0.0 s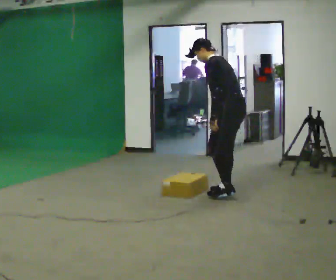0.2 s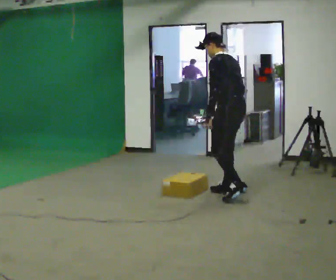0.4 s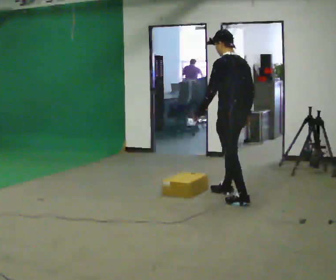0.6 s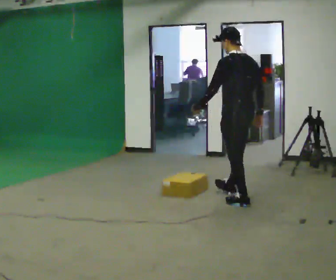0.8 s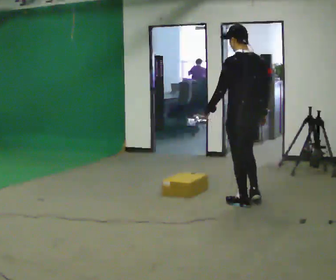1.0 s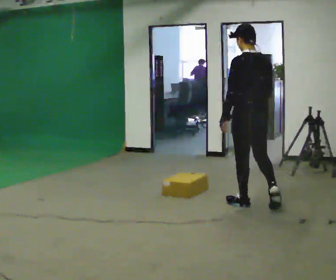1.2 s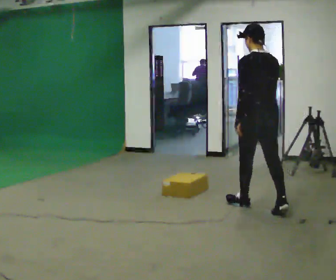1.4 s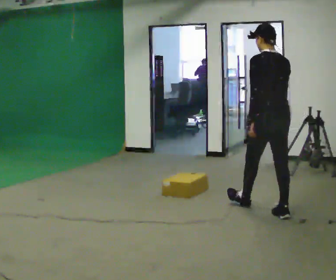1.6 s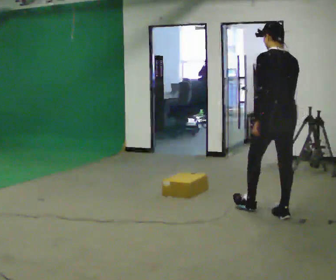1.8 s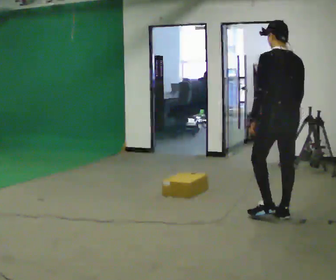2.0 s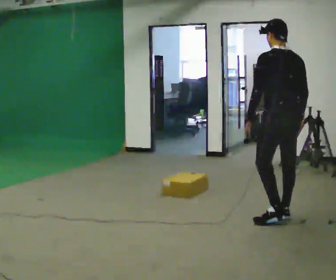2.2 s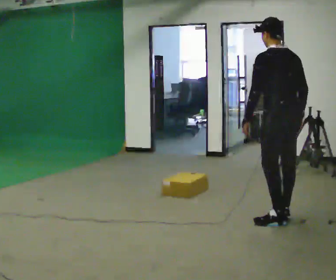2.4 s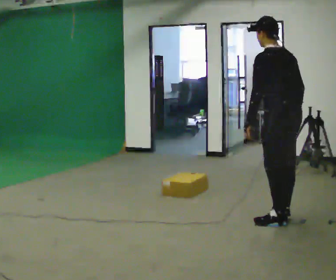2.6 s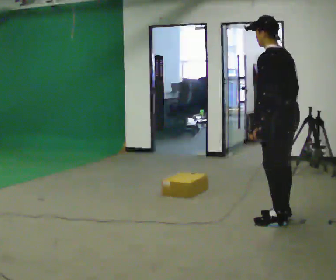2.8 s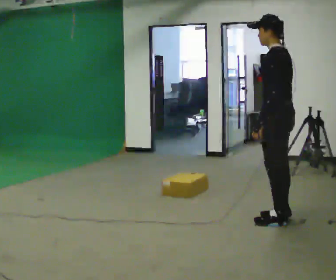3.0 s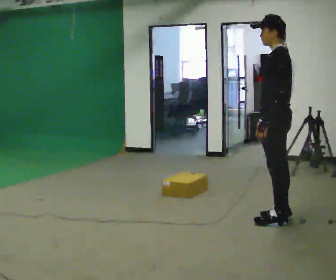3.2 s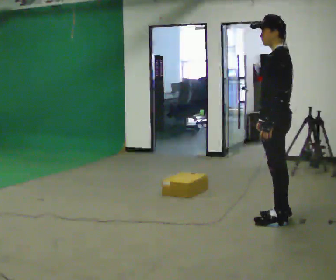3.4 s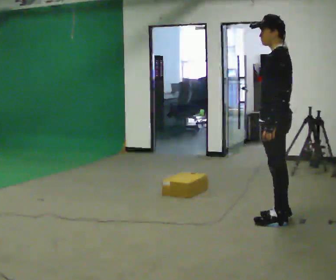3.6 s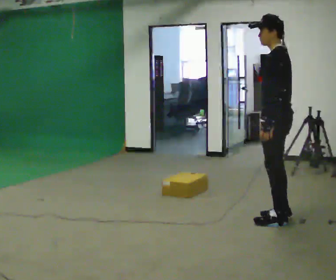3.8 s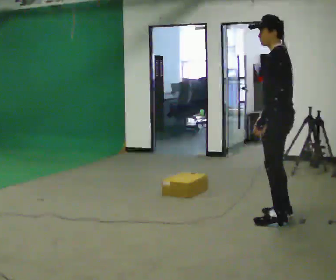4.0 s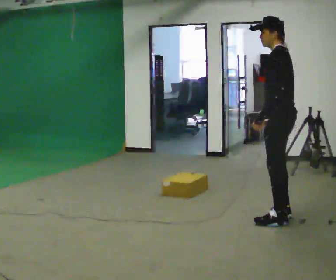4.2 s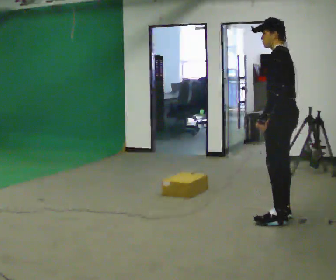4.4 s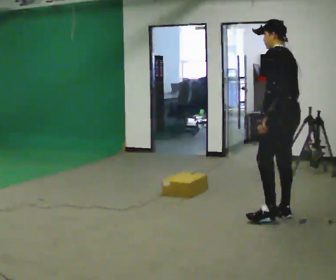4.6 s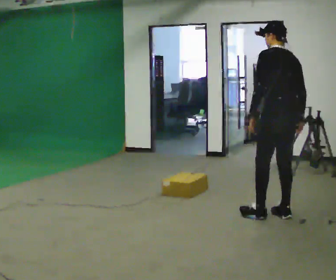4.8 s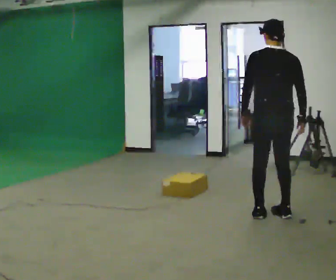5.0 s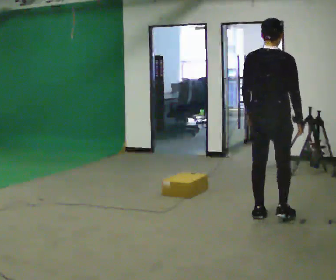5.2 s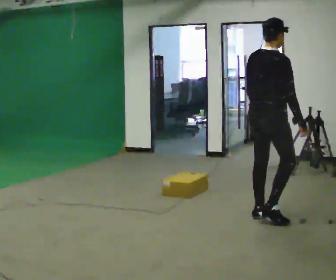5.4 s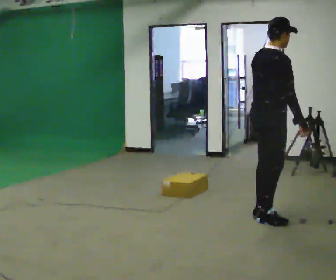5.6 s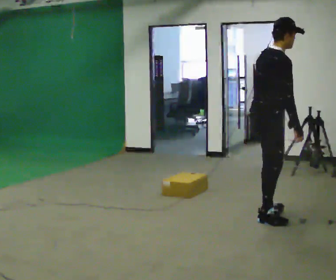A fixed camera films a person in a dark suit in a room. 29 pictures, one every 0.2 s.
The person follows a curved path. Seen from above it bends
clockwise.
The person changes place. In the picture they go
toward the camera.
0.0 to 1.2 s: The part of the body nearest the lens slides to the left as the person turns to their right by about 45 degrees. In the picture they go toward the camera and to the right, about 0.5 m in 1 step, which for them is backward and to their left. In the picture the upper body tilts clockwise, shoulders to the right, as they lean back or straighten.
1.2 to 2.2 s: In the picture they go toward the camera and to the right, about 0.5 m in 1 step, which for them is backward.
2.2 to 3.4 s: The part of the body nearest the lens slides to the right as the person turns to their left by about 45 degrees.
3.4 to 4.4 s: The person moves a little, or ends about where they began.
4.4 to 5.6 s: The person turns about 135 degrees to their right, clockwise seen from above, so the part of the body nearest the lens slides to the left. In the picture the upper body tilts clockwise, shoulders to the right.
The film runs backward here.
